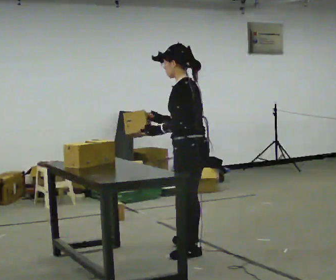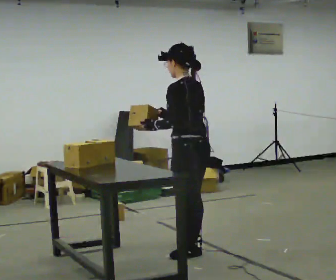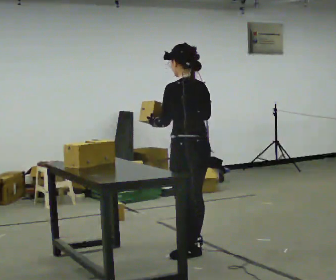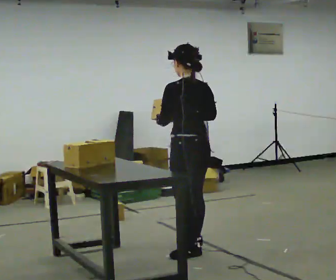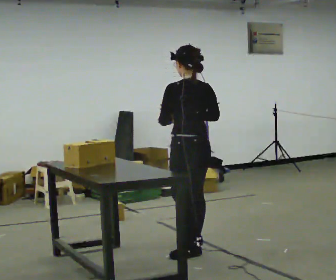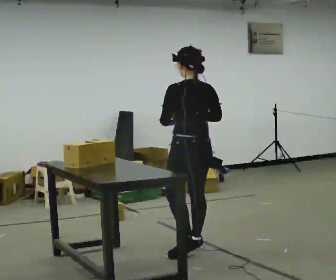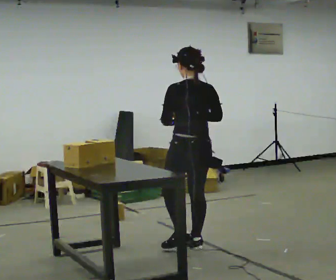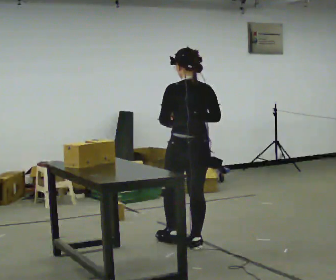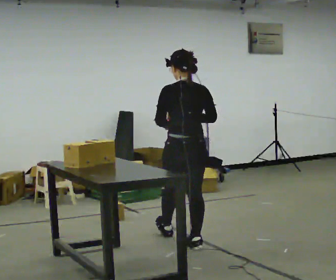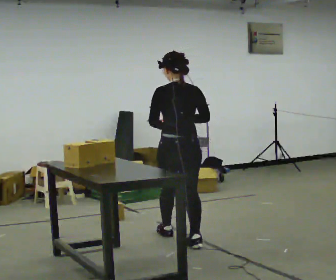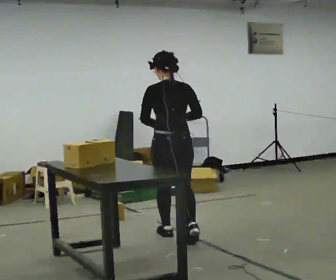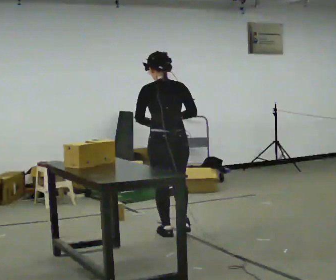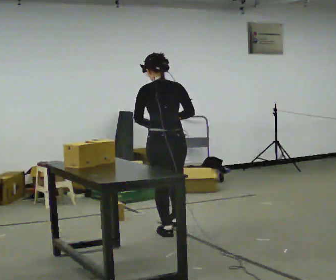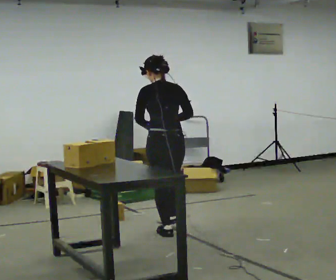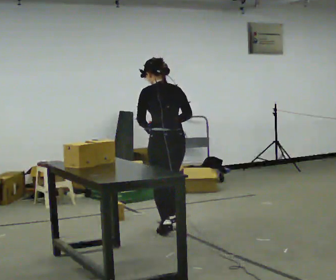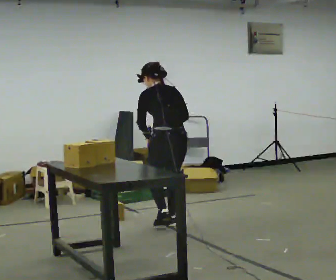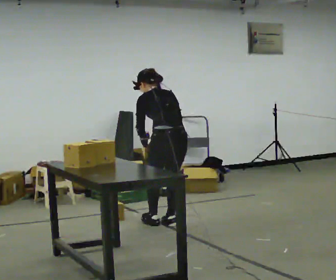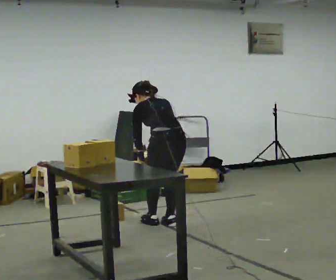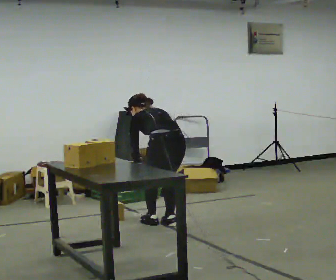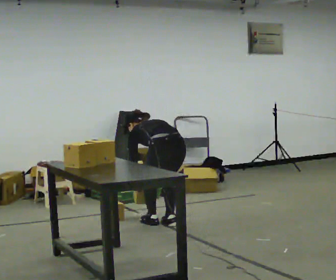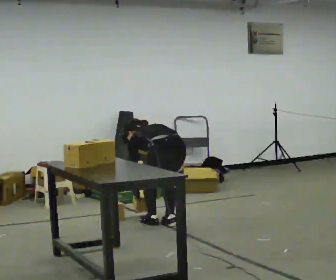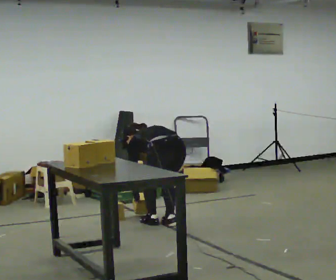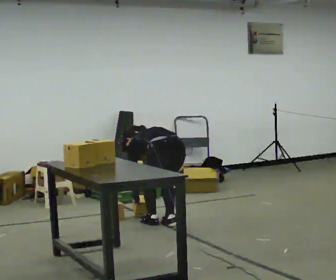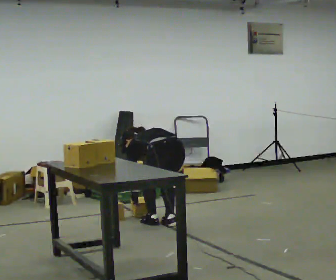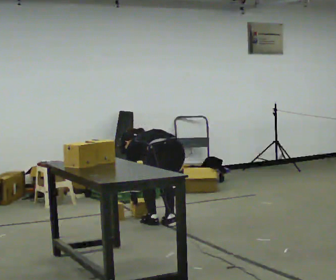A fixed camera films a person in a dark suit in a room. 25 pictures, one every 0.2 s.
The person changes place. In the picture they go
away from the camera.
The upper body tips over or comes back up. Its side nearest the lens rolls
upward.
0.0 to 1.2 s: The person turns about 45 degrees to their right, clockwise seen from above, so the part of the body nearest the lens slides to the left. In the picture they go away from the camera, about 0.25 m, which for them is forward and to their right.
1.2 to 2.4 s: In the picture they go away from the camera and to the left, about 0.5 m in 1 step, which for them is forward.
2.4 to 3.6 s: In the picture they go away from the camera, about 0.25 m in 2 steps, which for them is forward and to their right. The shoulders move downward. The upper body tips away from the camera, its near side rolling upward, as they bend forward. In the picture their right hand goes downward.
3.6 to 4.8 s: The upper body goes downward. In the picture the upper body tilts counterclockwise, shoulders to the left, as they bend forward.
The film runs forward here.
